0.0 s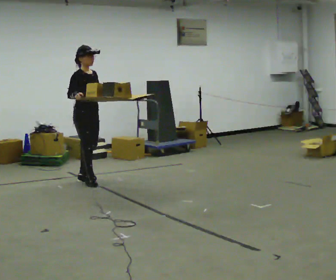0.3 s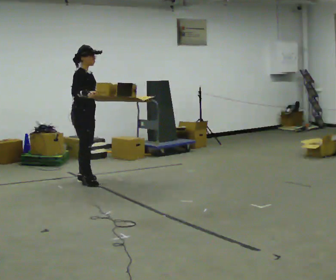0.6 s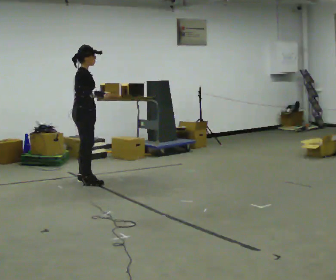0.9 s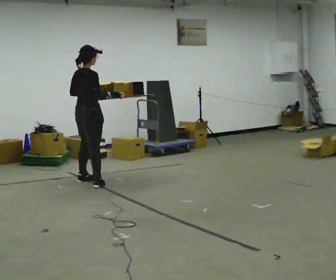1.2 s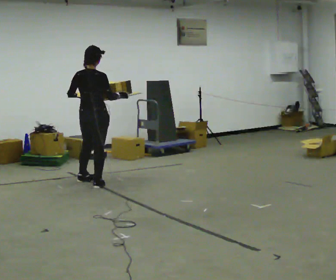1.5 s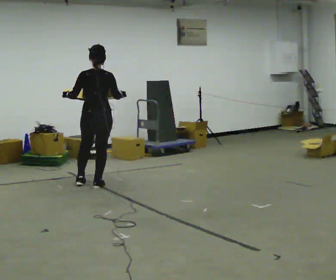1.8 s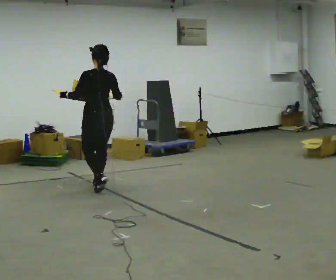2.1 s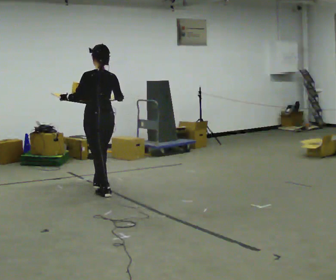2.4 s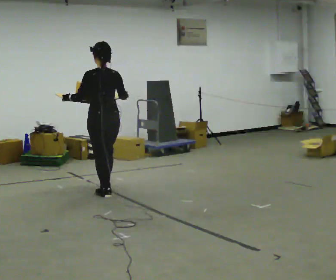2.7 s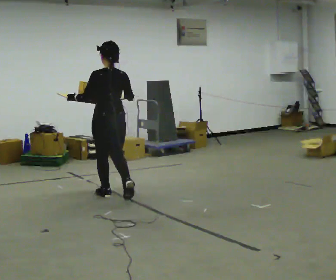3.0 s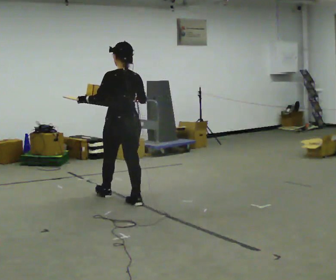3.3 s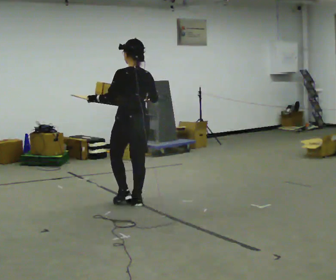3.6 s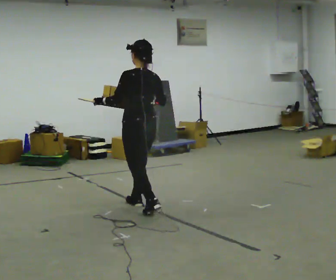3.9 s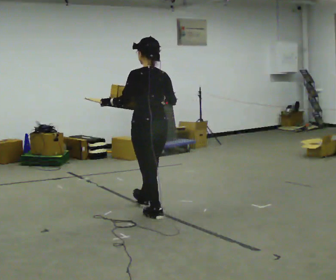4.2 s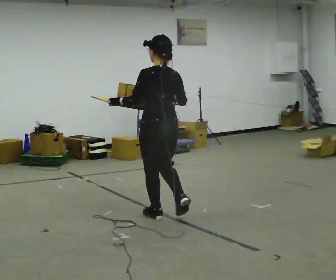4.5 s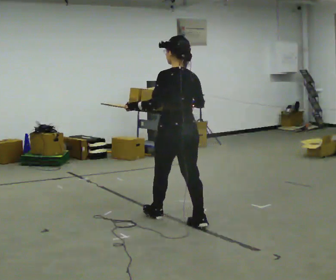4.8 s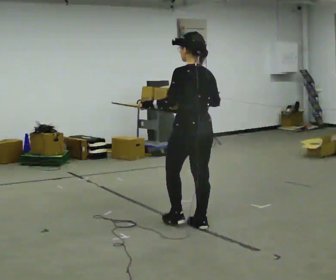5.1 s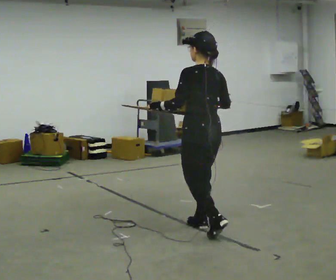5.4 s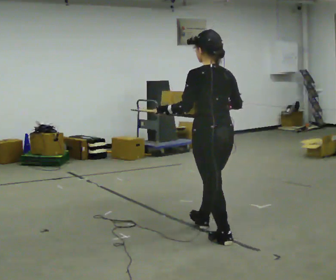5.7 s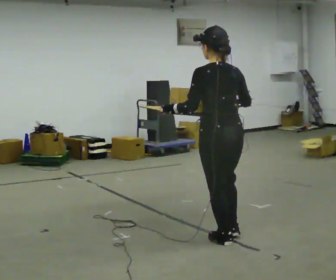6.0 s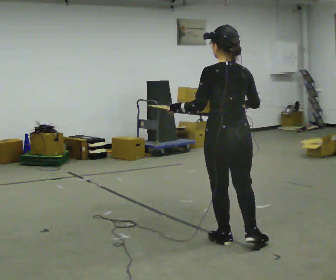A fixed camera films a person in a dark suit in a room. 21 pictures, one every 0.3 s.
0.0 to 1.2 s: The person turns about 105 degrees to their left, counterclockwise seen from above, so the part of the body nearest the lens slides to the right. In the picture their right hand goes to the right.
1.2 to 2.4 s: Seen from above the body turns counterclockwise, about 45 degrees: to their left, with its near side sliding to the right. In the picture they go toward the camera and to the right, about 0.5 m in 2 steps, which for them is backward.
2.4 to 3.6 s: In the picture they go toward the camera and to the right, about 0.75 m in 1 step, which for them is backward.
3.6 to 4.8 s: In the picture they go toward the camera and to the right, about 1 m in 2 steps, which for them is backward.
4.8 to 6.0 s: In the picture they go toward the camera and to the right, about 0.5 m in 1 step, which for them is backward.
The film runs backward here.
